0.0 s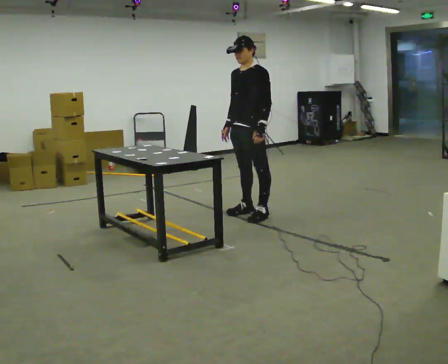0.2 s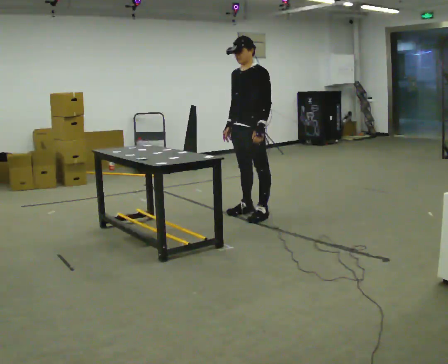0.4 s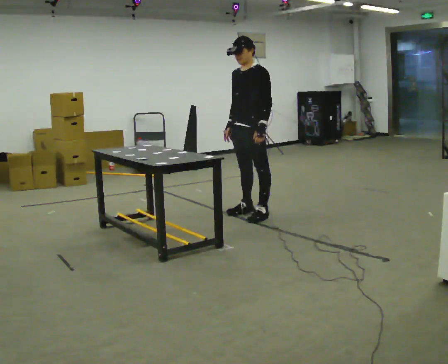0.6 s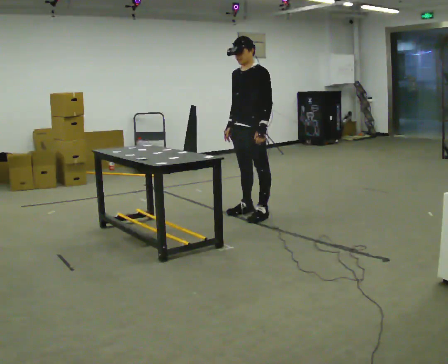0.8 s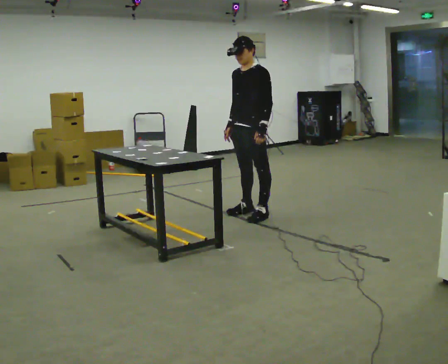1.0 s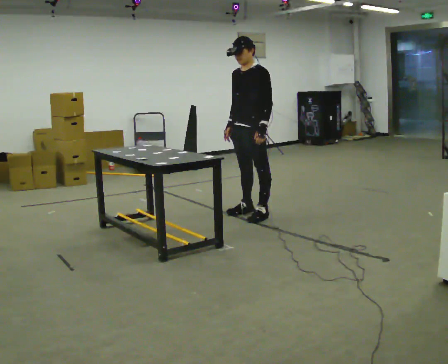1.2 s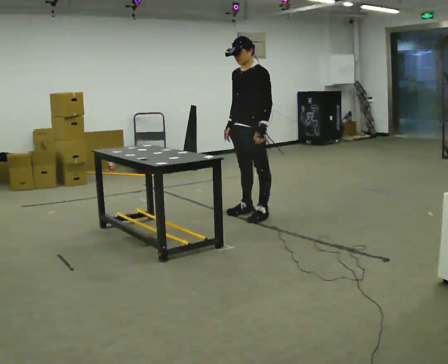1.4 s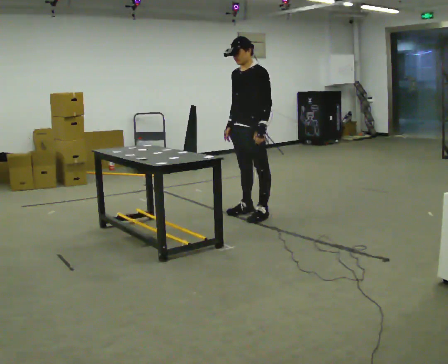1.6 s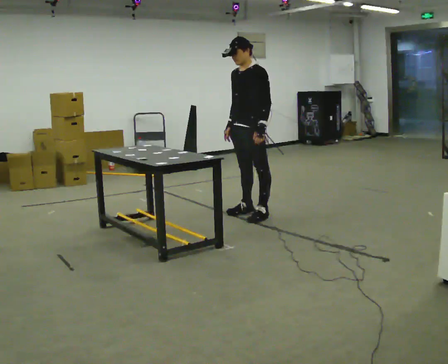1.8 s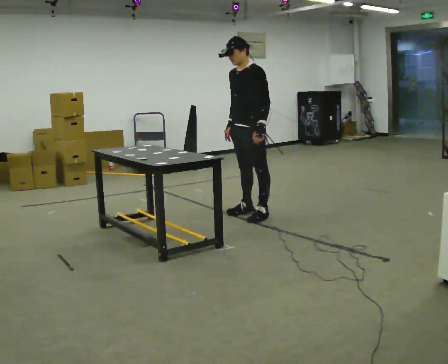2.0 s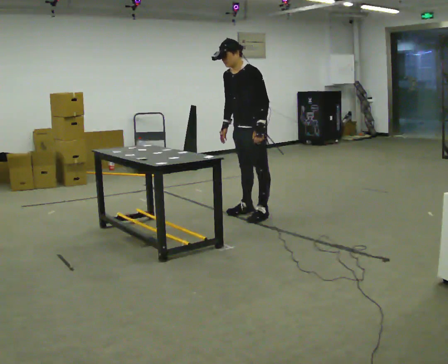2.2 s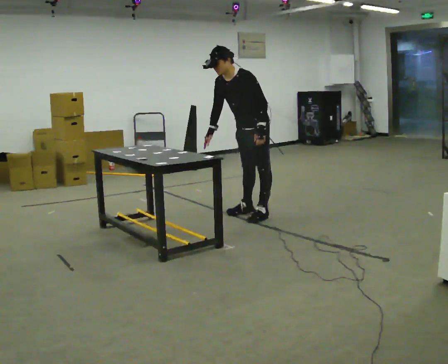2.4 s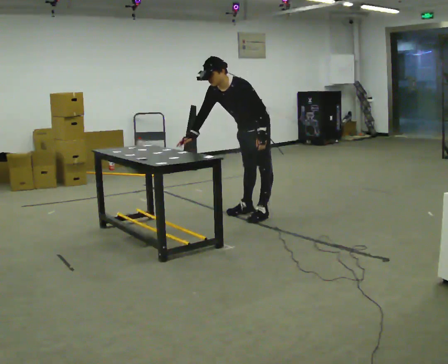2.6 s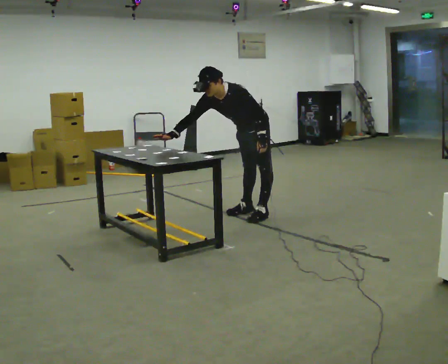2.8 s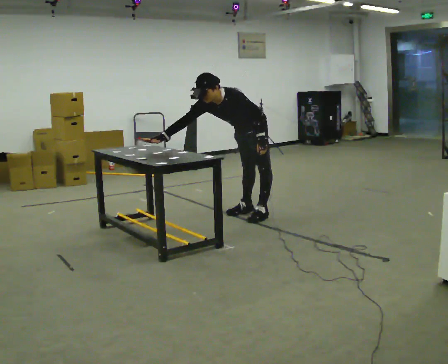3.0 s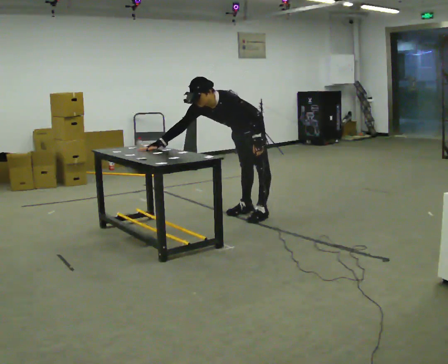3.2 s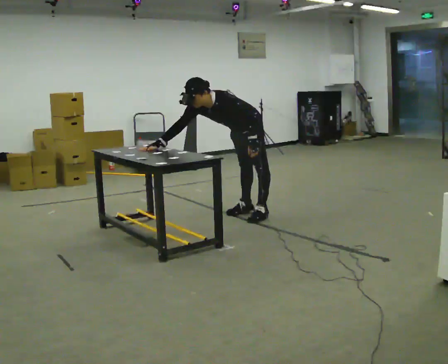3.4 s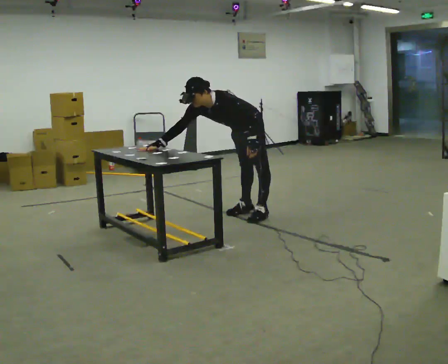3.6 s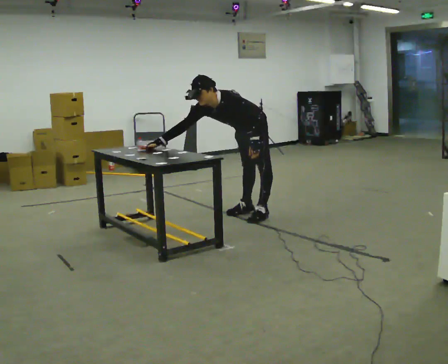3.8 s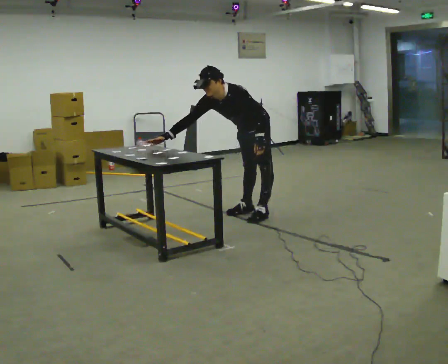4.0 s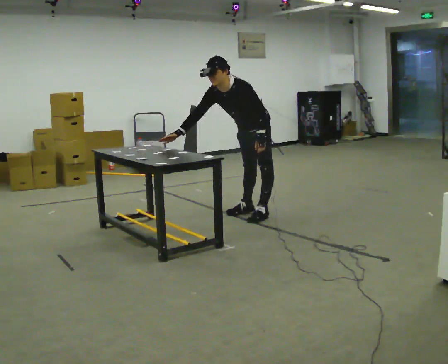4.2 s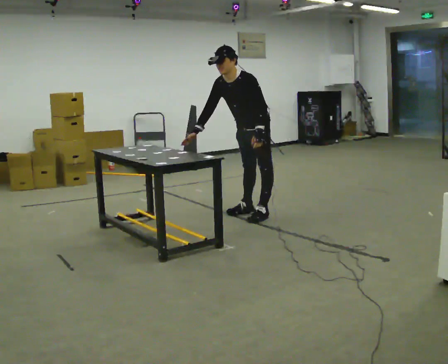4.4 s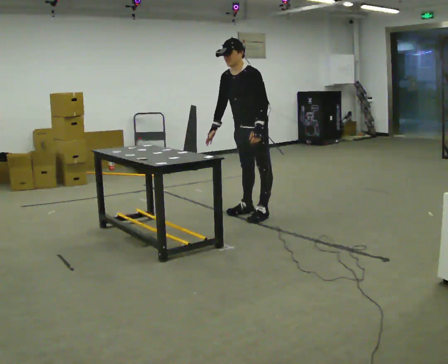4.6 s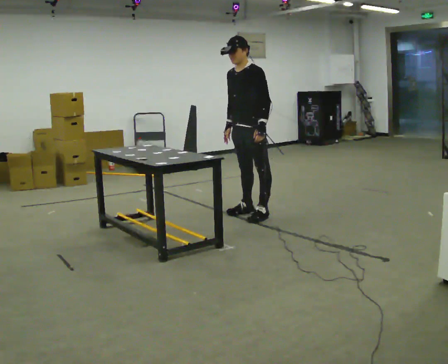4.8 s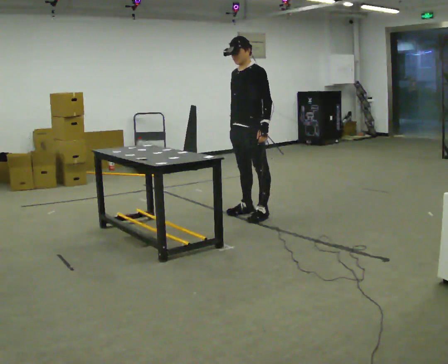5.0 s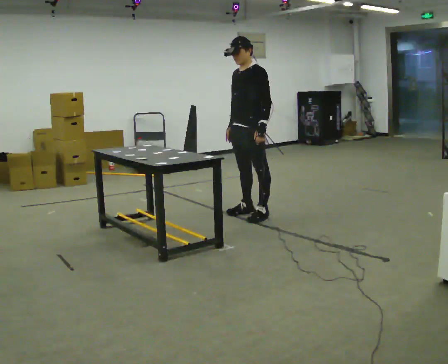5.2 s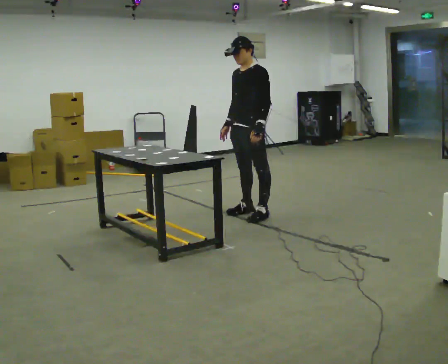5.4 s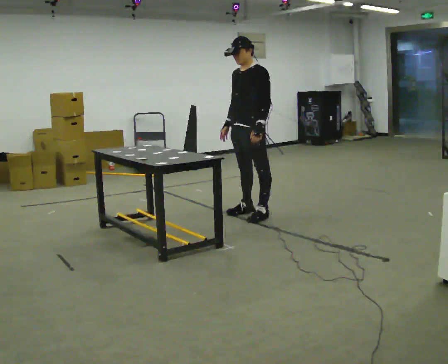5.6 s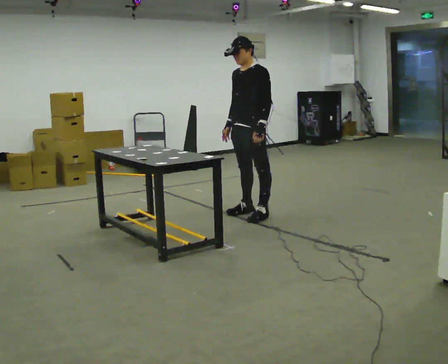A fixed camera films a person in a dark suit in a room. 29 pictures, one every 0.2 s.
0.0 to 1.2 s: The person keeps their place and pose.
1.2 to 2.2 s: In the picture the upper body tilts counterclockwise, shoulders to the left, as they bend forward.
2.2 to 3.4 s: The upper body goes downward. The upper body tips toward the camera, its near side rolling downward, as they bend forward. In the picture their right hand goes to the left.
3.4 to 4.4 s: The upper body goes upward. In the picture the upper body tilts clockwise, shoulders to the right, as they lean back or straighten. In the picture their right hand goes to the right.
4.4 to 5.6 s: In the picture the upper body tilts clockwise, shoulders to the right, as they lean back or straighten.
The film runs forward here.
